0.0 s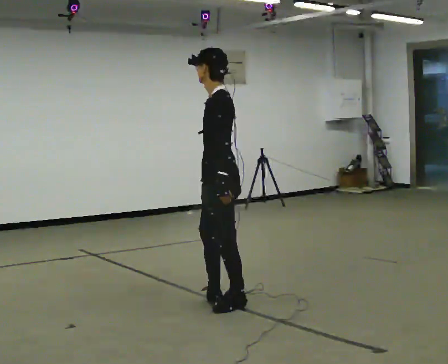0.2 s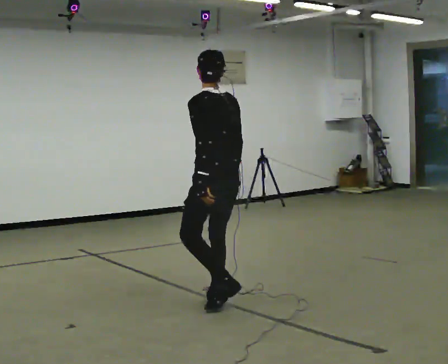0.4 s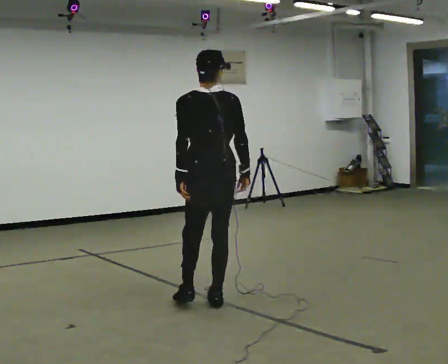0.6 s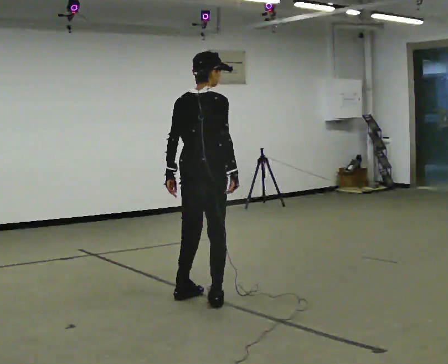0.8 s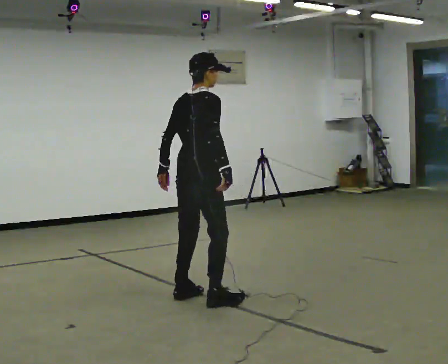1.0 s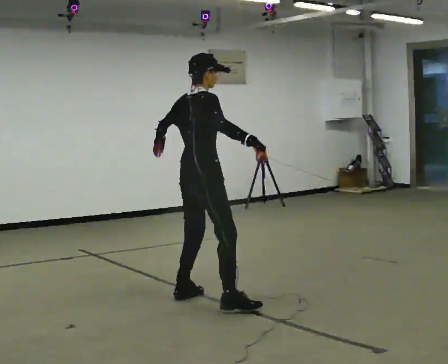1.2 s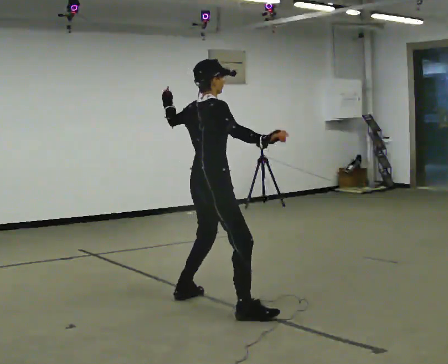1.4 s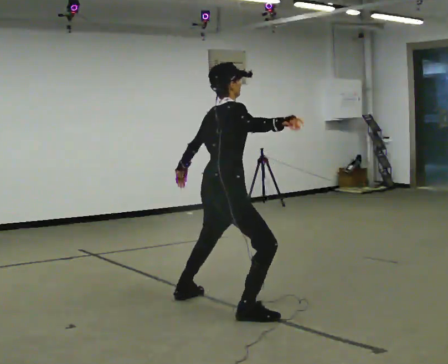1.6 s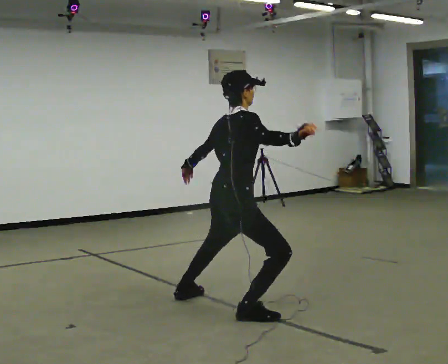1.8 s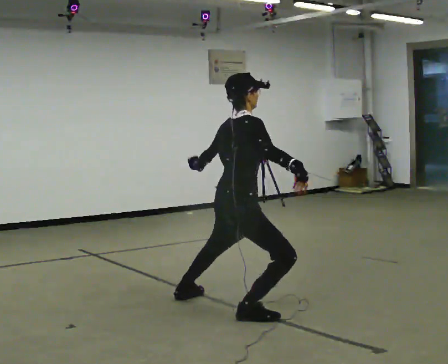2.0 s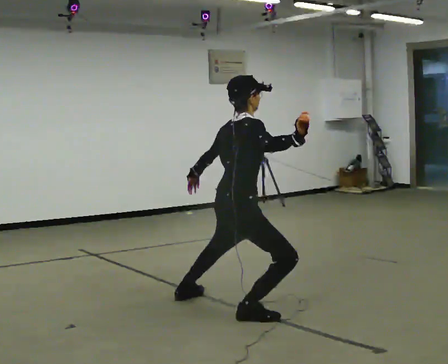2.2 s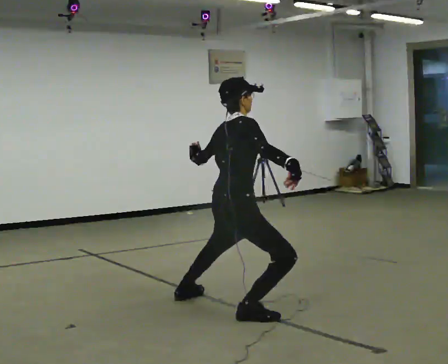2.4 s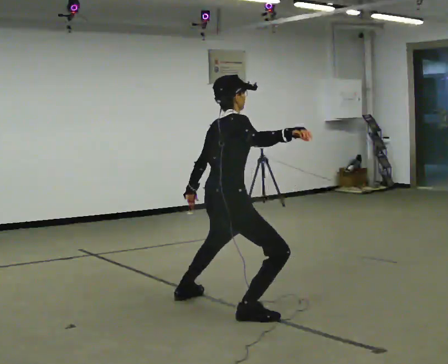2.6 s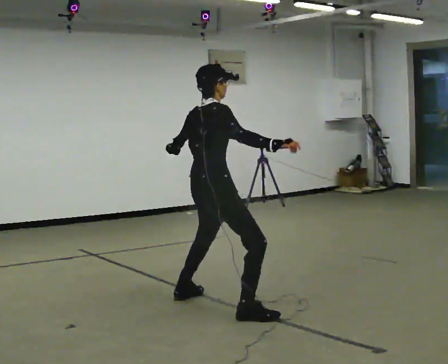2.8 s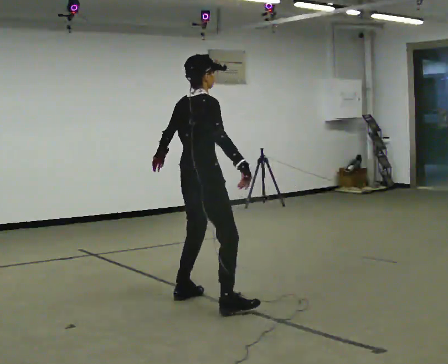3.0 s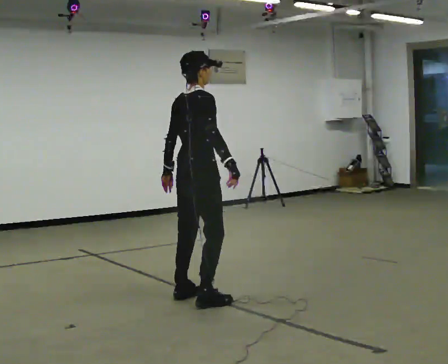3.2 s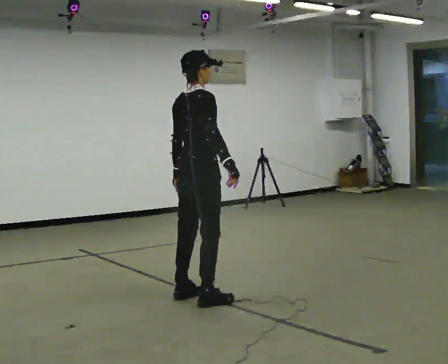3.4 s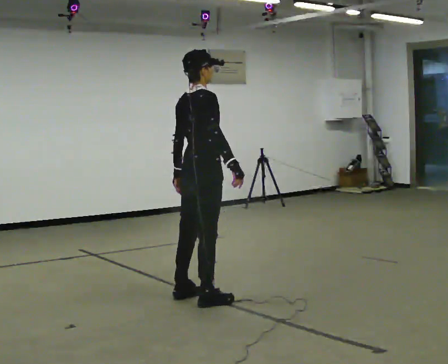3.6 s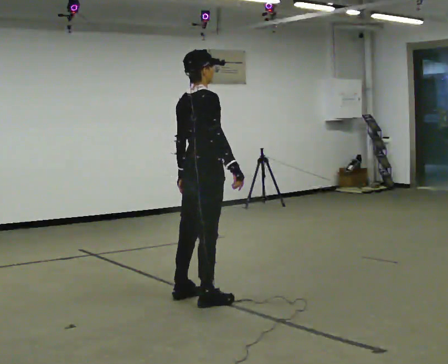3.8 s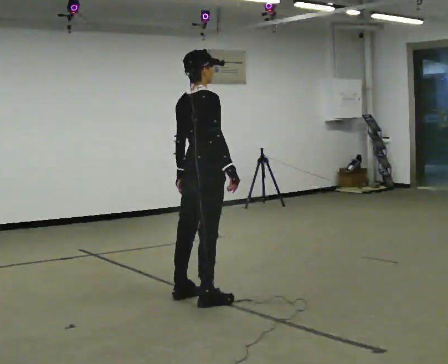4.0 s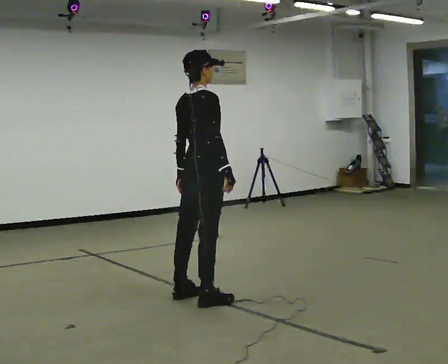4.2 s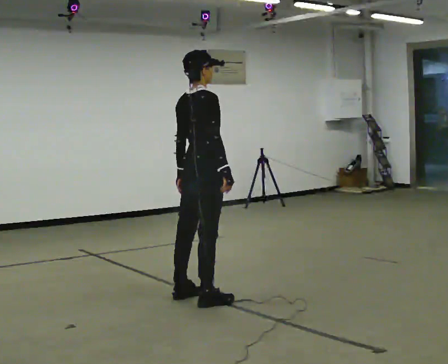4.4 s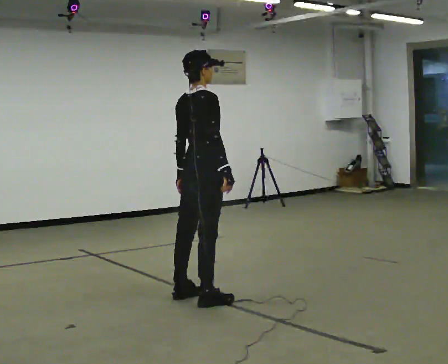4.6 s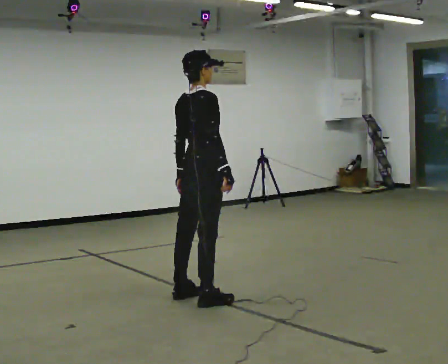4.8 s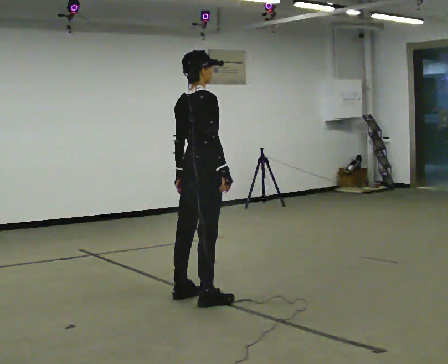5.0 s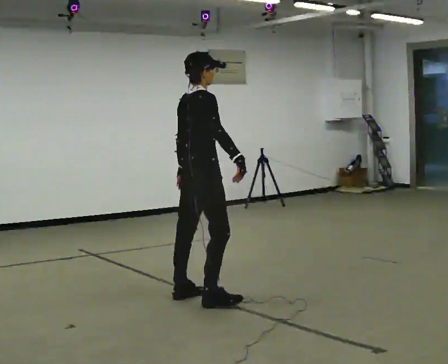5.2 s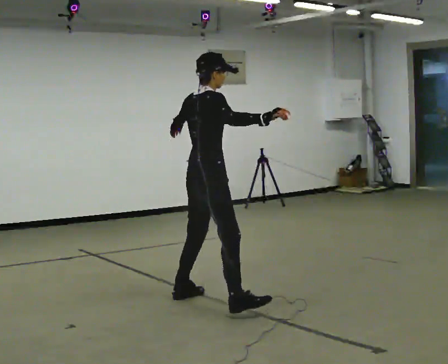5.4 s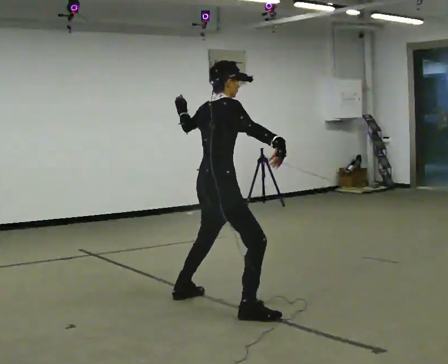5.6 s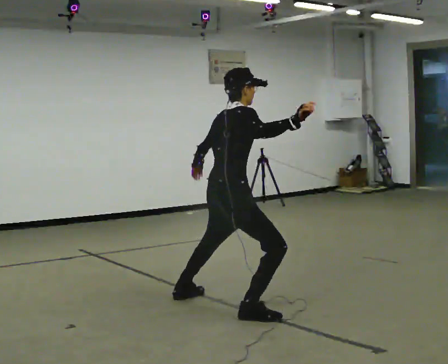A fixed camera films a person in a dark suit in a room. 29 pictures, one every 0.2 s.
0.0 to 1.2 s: The part of the body nearest the lens slides to the left as the person turns to their right by about 135 degrees. In the picture their left hand goes upward and to the left.
1.2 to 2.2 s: In the picture they go toward the camera, about 0.25 m, which for them is to their right. In the picture their left hand goes downward.
2.2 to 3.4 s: In the picture they go away from the camera and to the left, about 0.5 m in 1 step, which for them is to their left. The upper body goes upward.
3.4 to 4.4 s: The person moves a little, or ends about where they began.
4.4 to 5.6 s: In the picture they go toward the camera and to the right, about 0.5 m in 1 step, which for them is to their right. The upper body goes downward. In the picture their right hand goes upward, the arm swinging counterclockwise.
The film runs forward here.
